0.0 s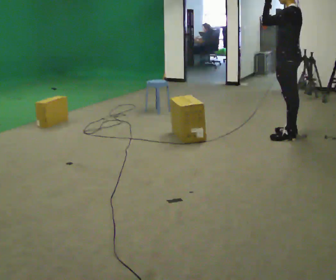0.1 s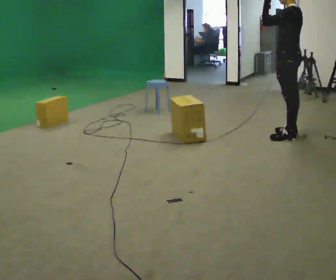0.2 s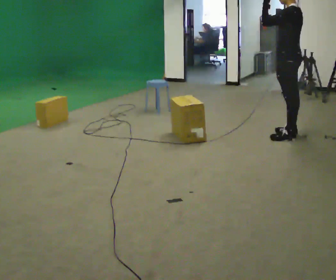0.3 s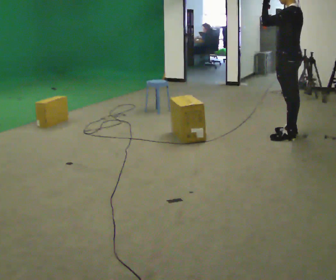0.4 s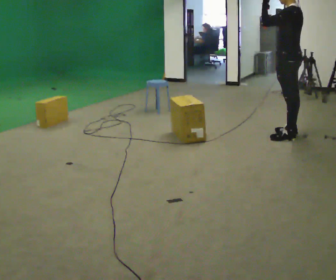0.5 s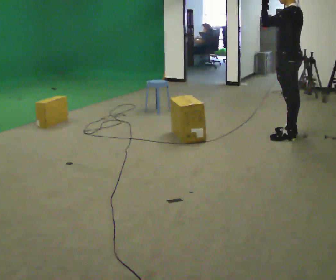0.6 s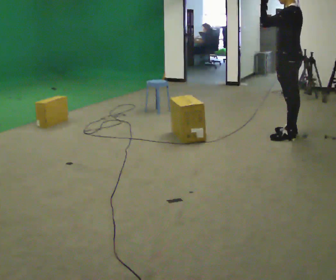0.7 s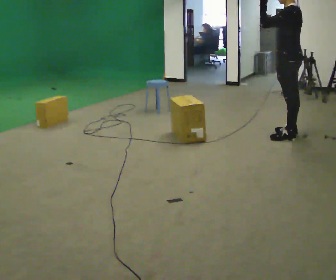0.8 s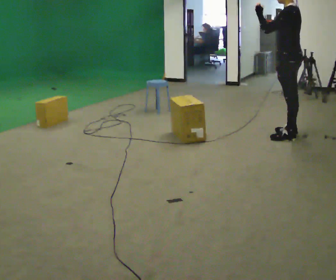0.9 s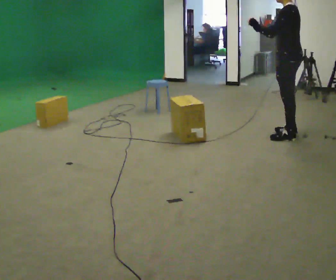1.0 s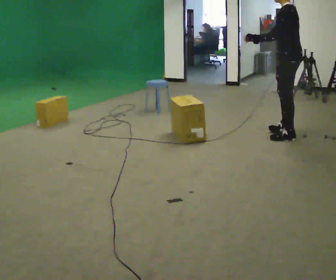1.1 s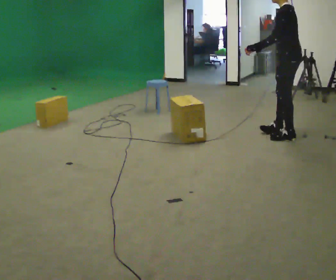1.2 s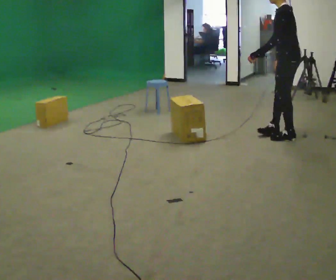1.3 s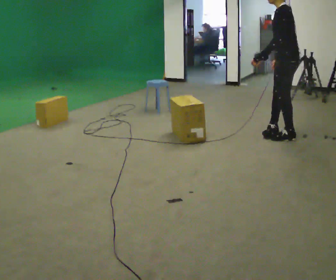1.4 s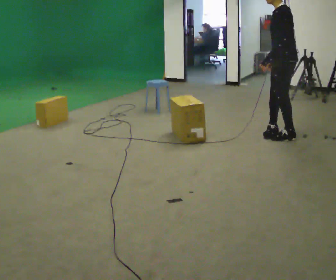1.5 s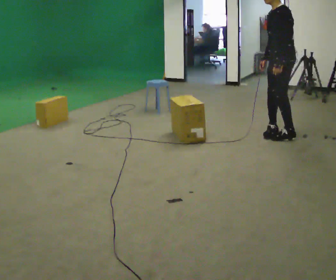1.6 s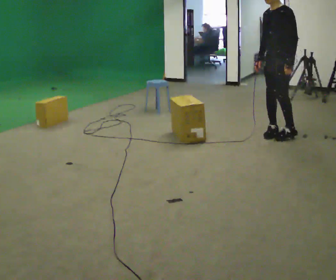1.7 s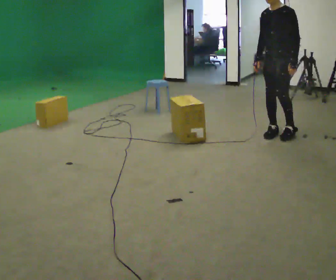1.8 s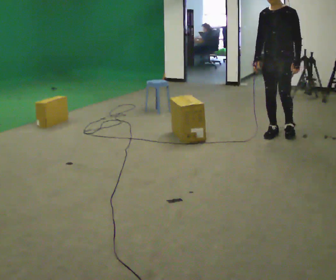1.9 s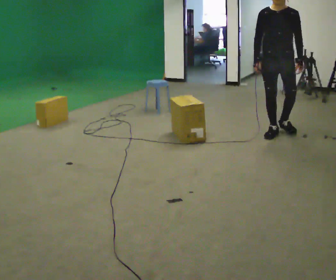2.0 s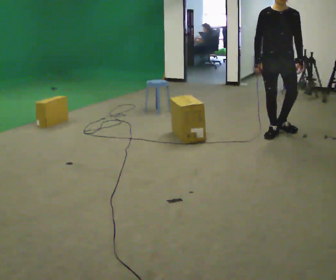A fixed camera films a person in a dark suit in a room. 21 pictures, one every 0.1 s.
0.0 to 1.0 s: In the picture their left hand goes downward.
1.0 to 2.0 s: The part of the body nearest the lens slides to the right as the person turns to their left by about 105 degrees. In the picture they go to the left, about 0.25 m in 1 step. In the picture their left hand goes to the right, the arm swinging counterclockwise.
The film runs backward here.
